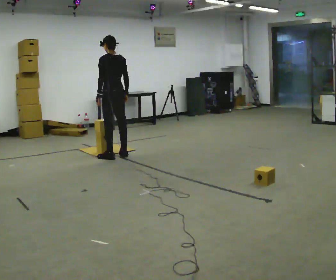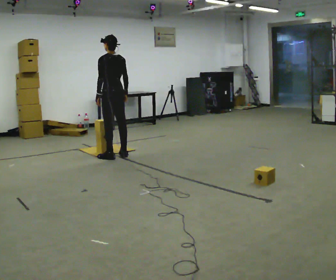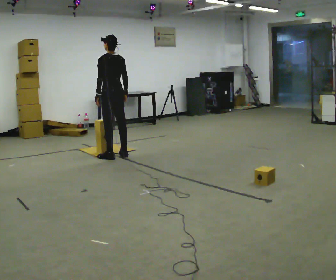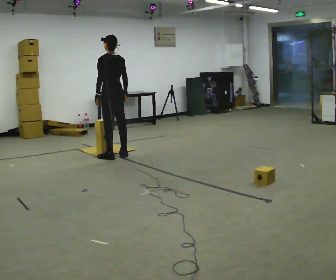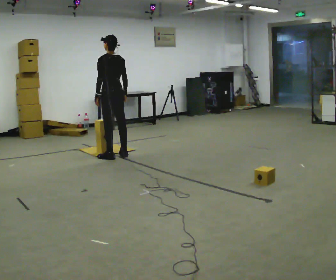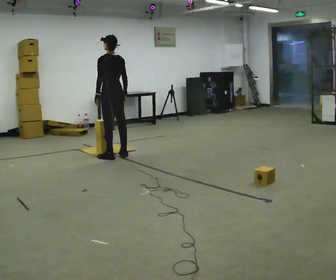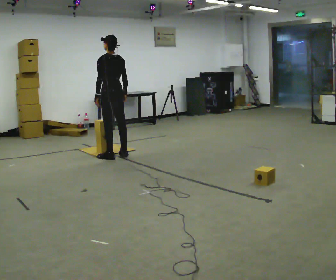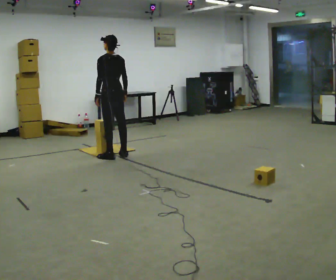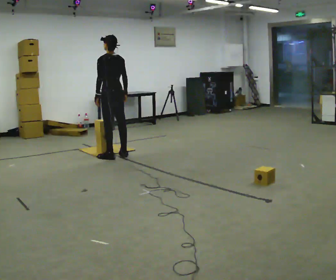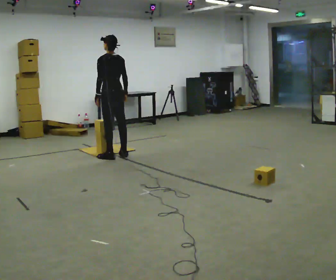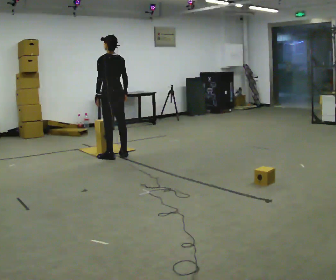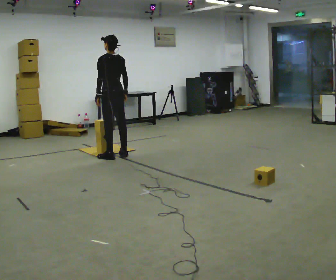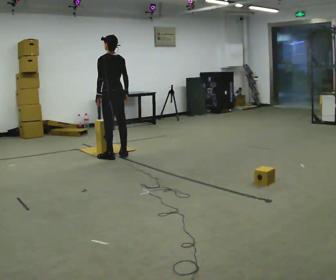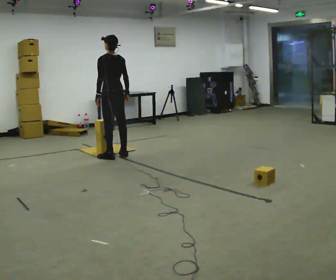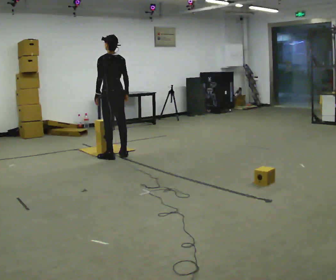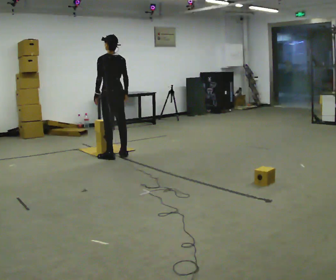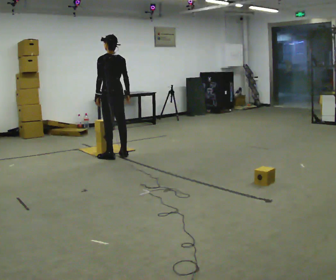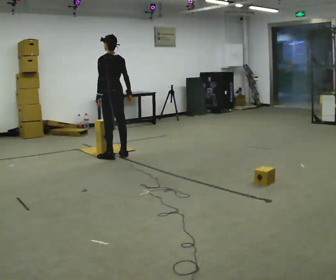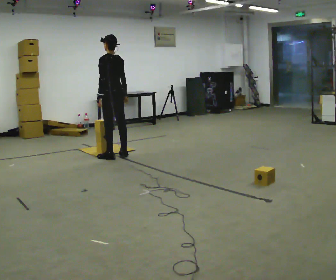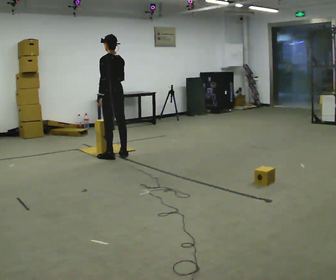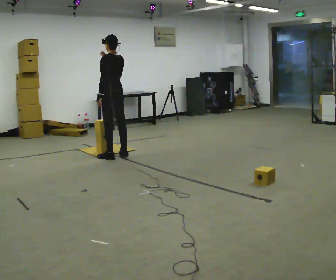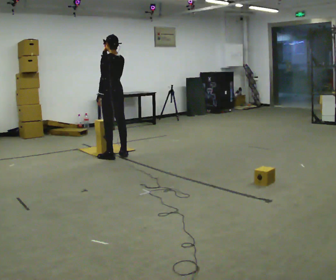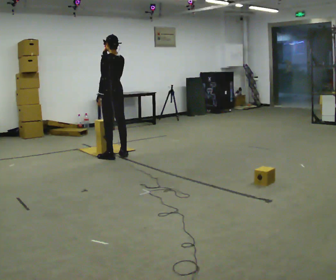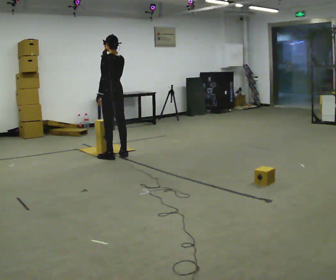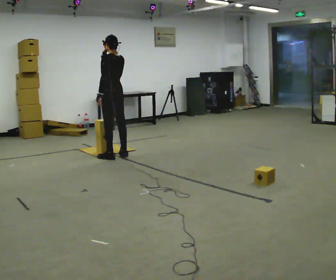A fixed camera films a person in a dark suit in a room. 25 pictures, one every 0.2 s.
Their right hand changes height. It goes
upward.
0.0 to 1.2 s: The person moves a little, or ends about where they began.
1.2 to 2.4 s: The person keeps their place and pose.
2.4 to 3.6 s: The person moves a little, or ends about where they began.
3.6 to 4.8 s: In the picture their right hand goes upward and to the left.
The film runs backward here.
